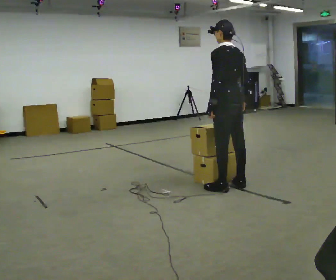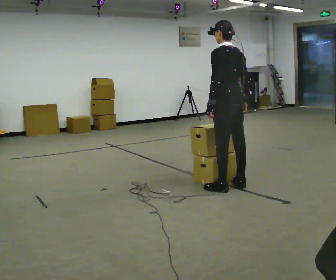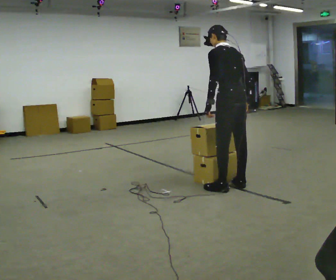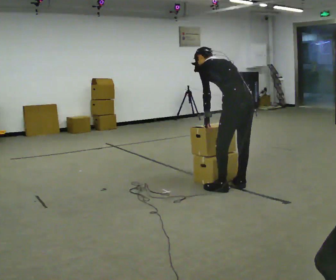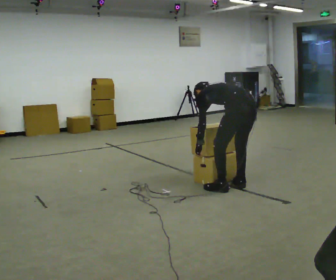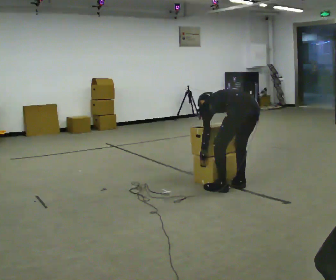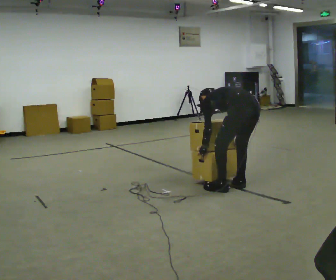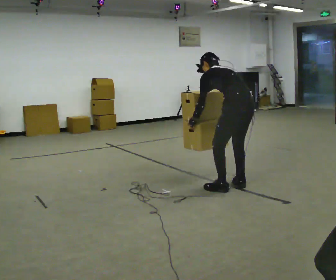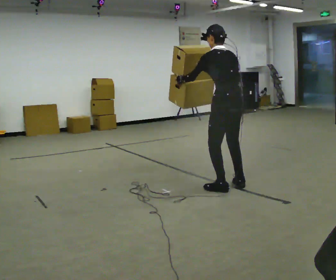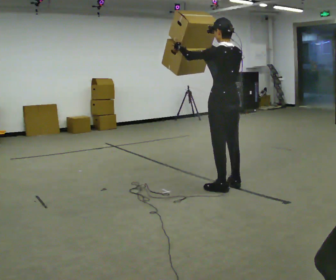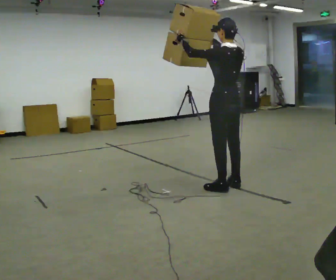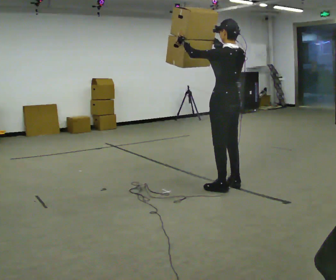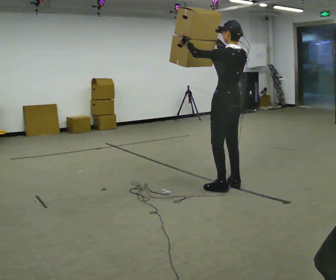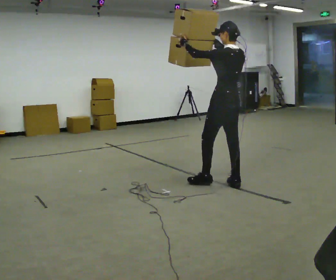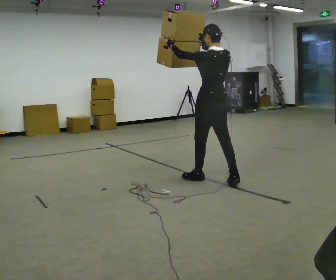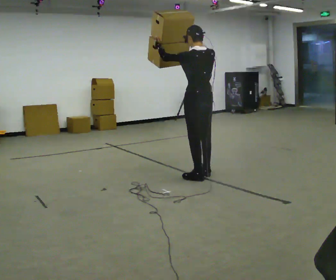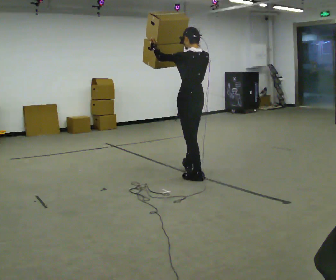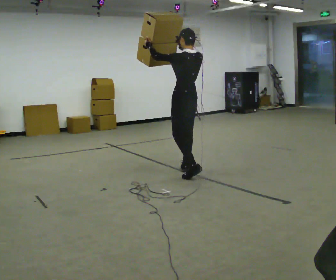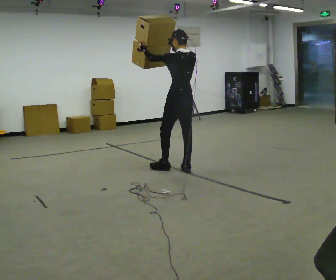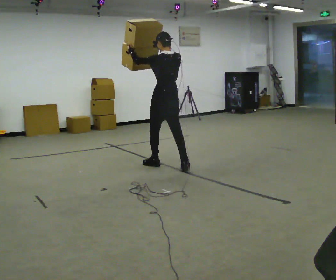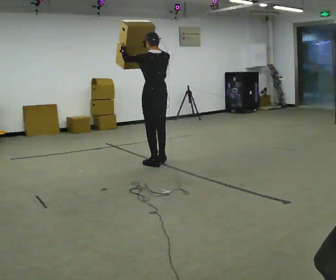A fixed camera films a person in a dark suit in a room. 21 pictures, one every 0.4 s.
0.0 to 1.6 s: In the picture they go toward the camera, about 0.25 m, which for them is backward. The upper body goes downward. The upper body tips away from the camera, its near side rolling upward, as they bend forward. In the picture their right hand goes downward.
1.6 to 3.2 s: The upper body tips toward the camera, its near side rolling downward, as they lean back or straighten. In the picture their right hand goes upward.
3.2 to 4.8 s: In the picture they go away from the camera, about 0.25 m, which for them is forward and to their right. In the picture the upper body tilts clockwise, shoulders to the right, as they lean back or straighten. In the picture their right hand goes upward.
4.8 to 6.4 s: In the picture they go to the left and away from the camera, about 0.5 m in 1 step, which for them is forward.
6.4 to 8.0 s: In the picture they go away from the camera and to the left, about 0.5 m in 2 steps, which for them is forward.
The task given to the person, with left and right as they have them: Carry the large panel across the room. It will block your view ahead, so take whatever route feels safe. Keep going until the operator says stop; one object at a time, and do not rush between trips.
The film runs forward here.
